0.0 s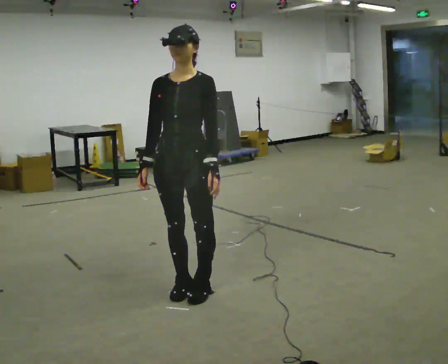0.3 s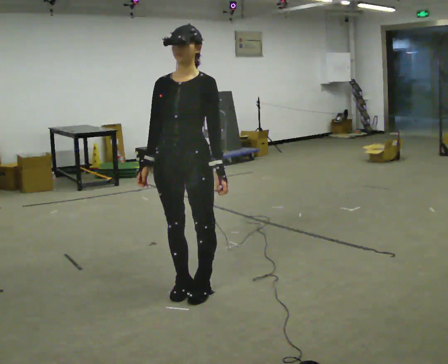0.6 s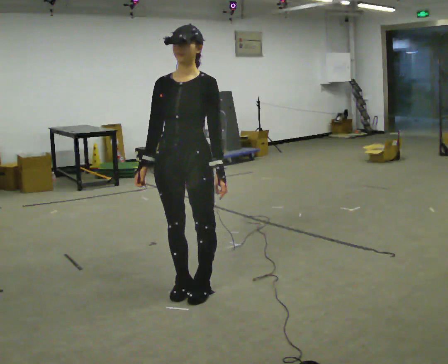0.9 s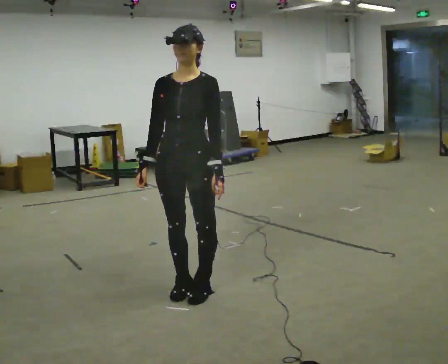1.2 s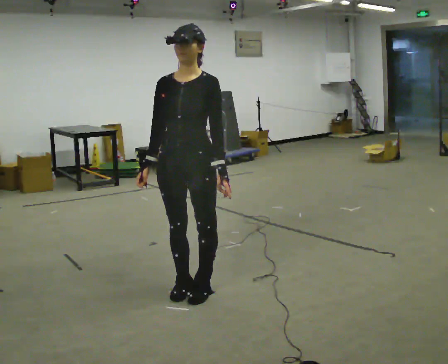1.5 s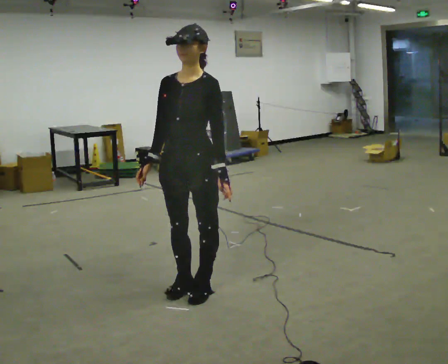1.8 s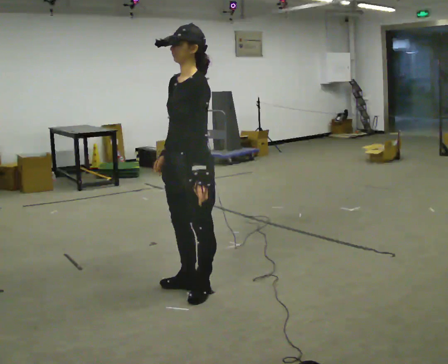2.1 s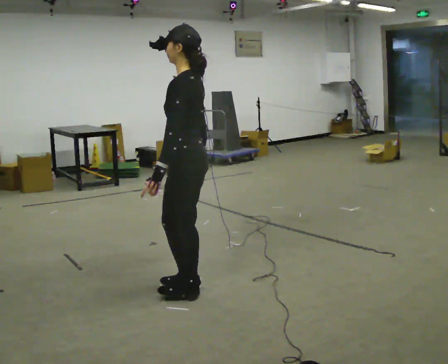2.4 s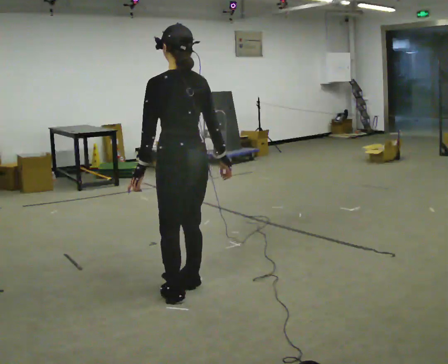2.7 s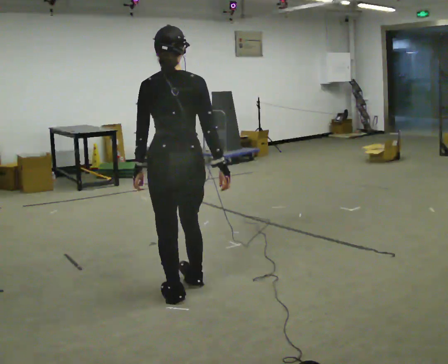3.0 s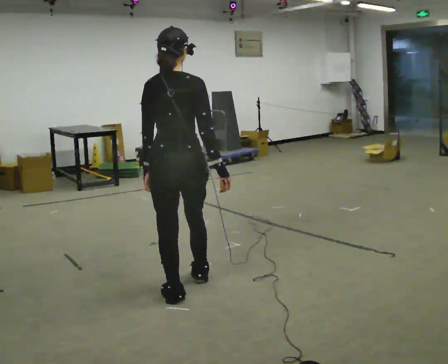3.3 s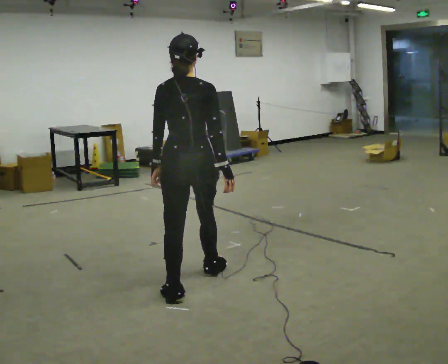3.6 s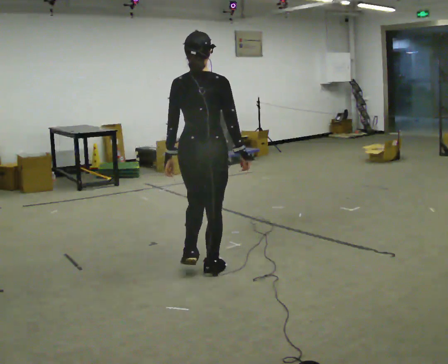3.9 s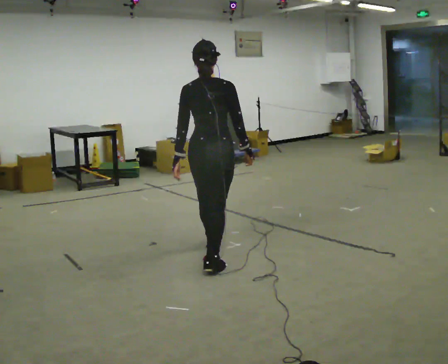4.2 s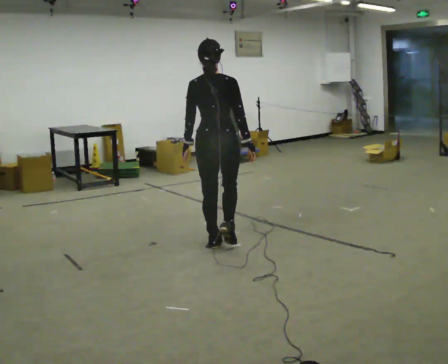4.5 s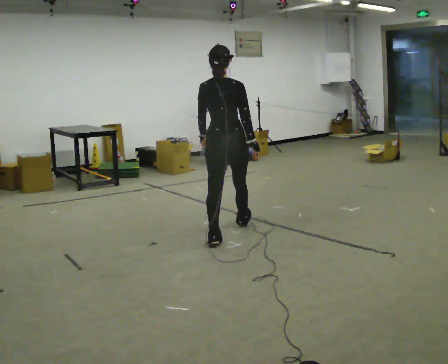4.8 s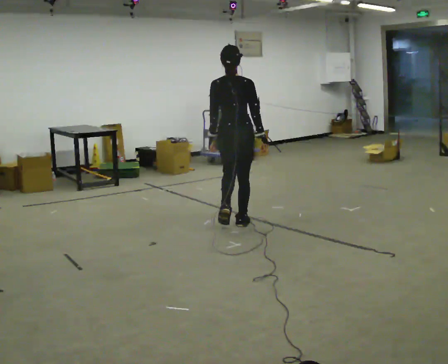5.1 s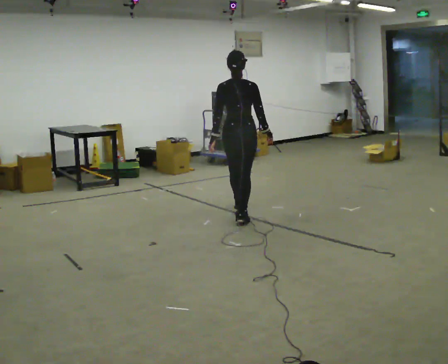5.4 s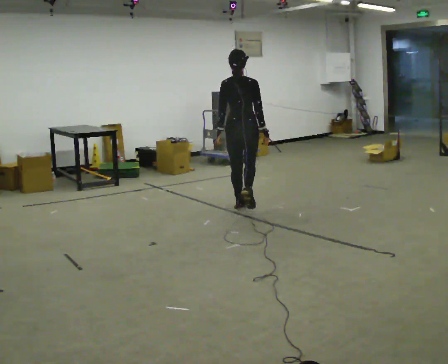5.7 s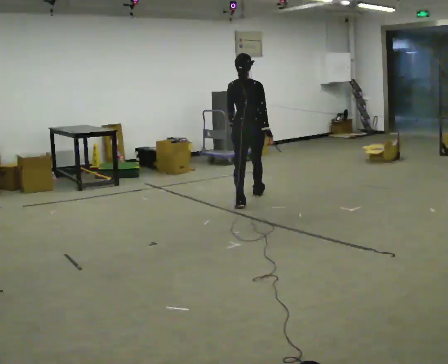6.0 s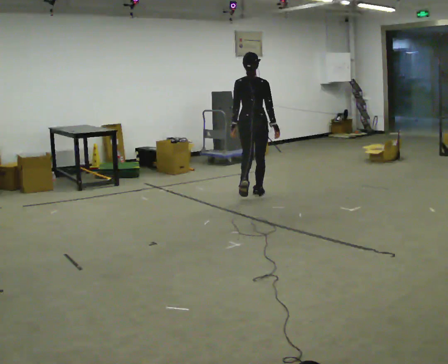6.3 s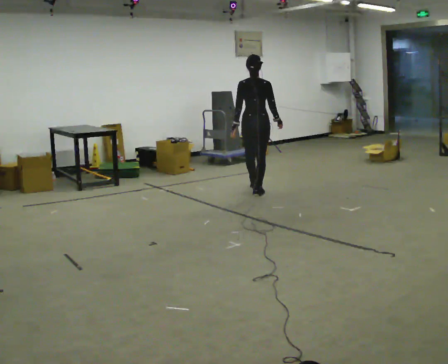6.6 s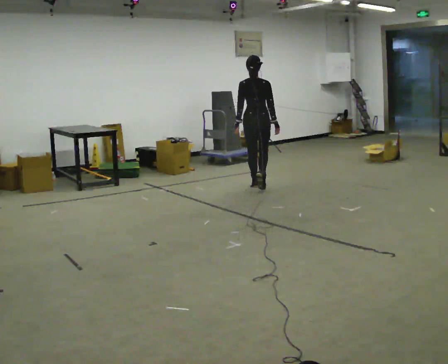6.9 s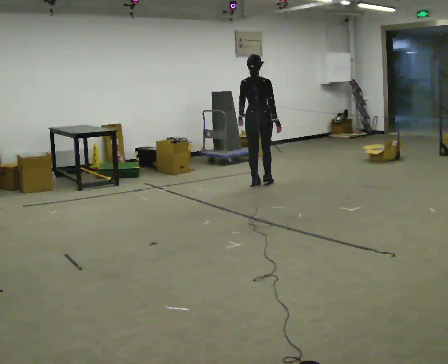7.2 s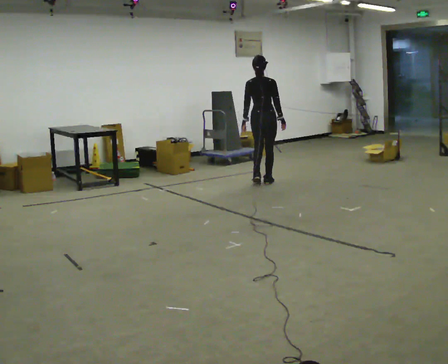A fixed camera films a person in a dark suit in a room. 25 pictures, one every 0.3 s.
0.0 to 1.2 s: The person moves a little, or ends about where they began.
1.2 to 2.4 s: The person turns about 135 degrees to their right, clockwise seen from above, so the part of the body nearest the lens slides to the left. In the picture their right hand goes to the right, the arm swinging counterclockwise.
2.4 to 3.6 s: The part of the body nearest the lens slides to the left as the person turns to their right by about 45 degrees. In the picture they go away from the camera, about 0.5 m in 1 step, which for them is forward.
3.6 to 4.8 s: In the picture they go away from the camera, about 1 m in 2 steps, which for them is forward.
4.8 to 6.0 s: In the picture they go away from the camera, about 1 m in 2 steps, which for them is forward.
6.0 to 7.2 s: In the picture they go away from the camera, about 0.75 m in 2 steps, which for them is forward.
The film runs forward here.
